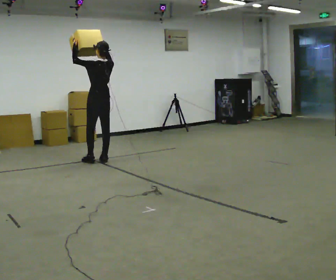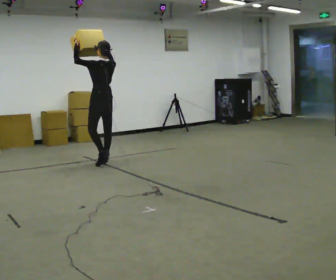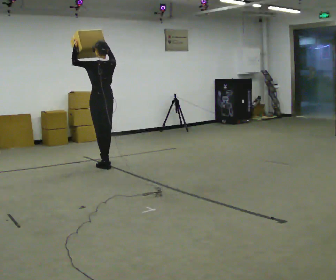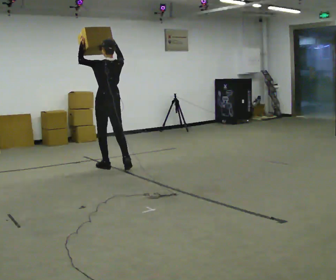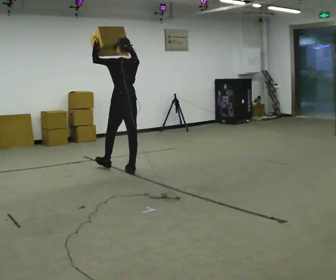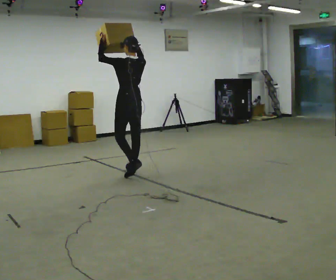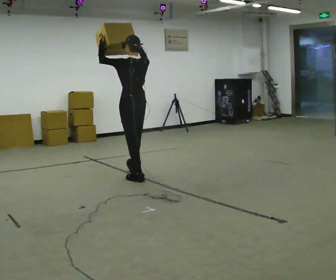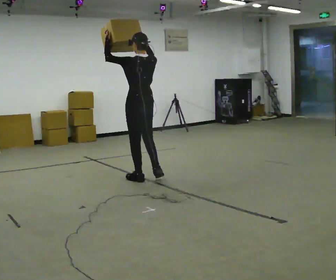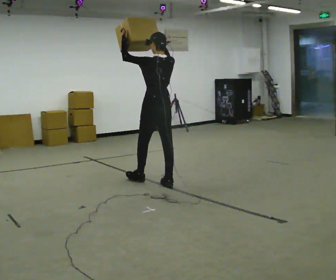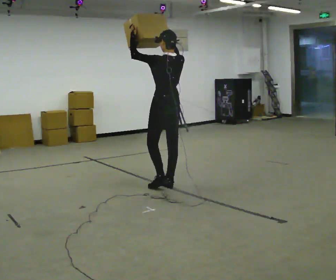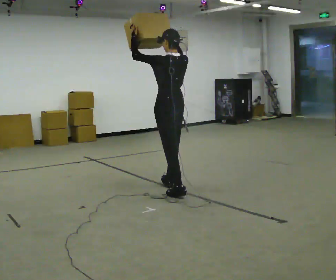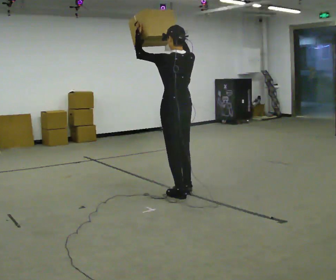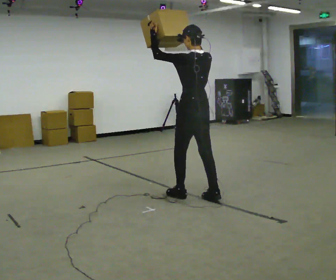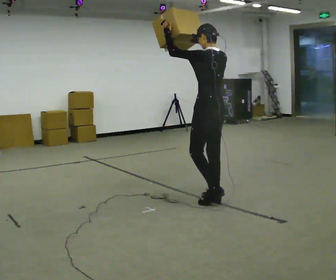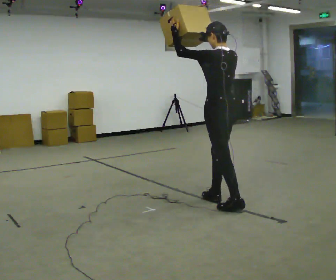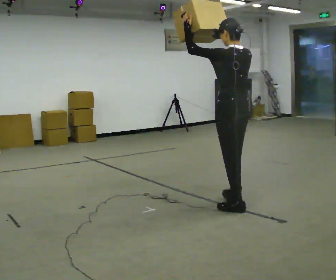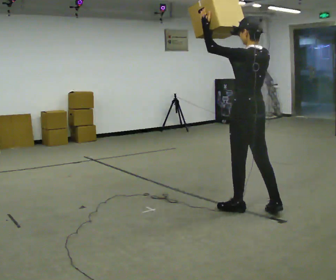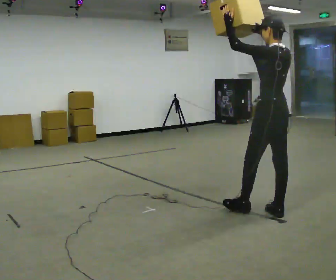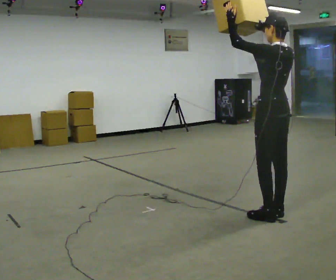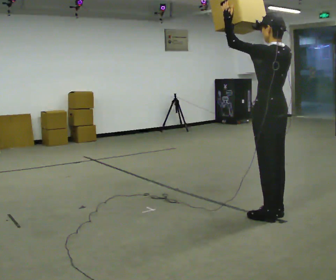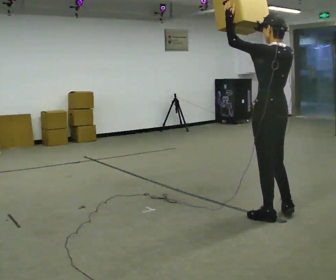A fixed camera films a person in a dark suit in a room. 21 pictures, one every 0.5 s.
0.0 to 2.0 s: In the picture they go toward the camera and to the right, about 1 m in 2 steps, which for them is backward.
2.0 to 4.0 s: In the picture they go toward the camera and to the right, about 0.5 m in 2 steps, which for them is backward.
4.0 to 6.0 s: In the picture they go toward the camera and to the right, about 0.5 m in 2 steps, which for them is backward.
6.0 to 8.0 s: In the picture they go toward the camera and to the right, about 0.75 m in 2 steps, which for them is backward.
8.0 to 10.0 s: In the picture they go toward the camera and to the right, about 0.25 m in 1 step, which for them is backward.
The film runs backward here.
